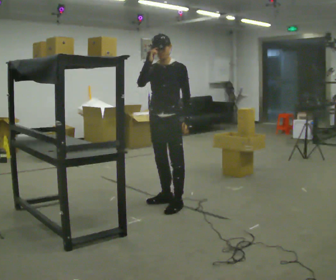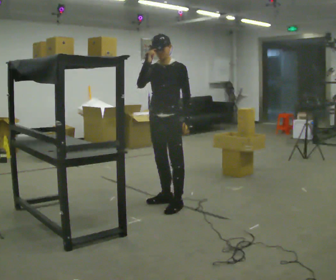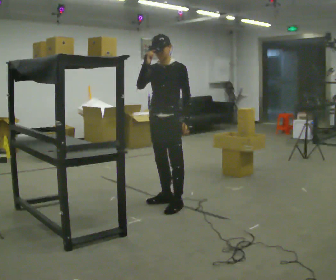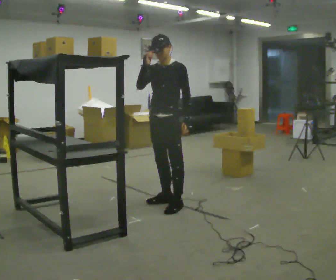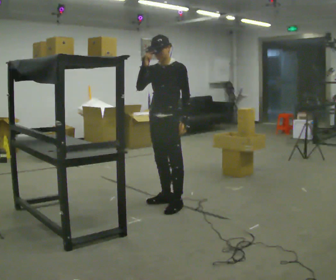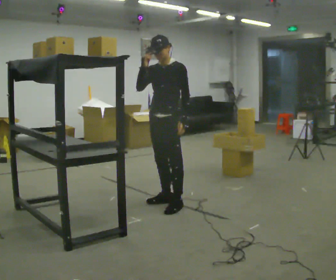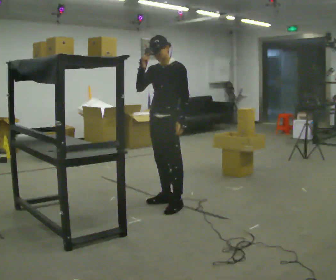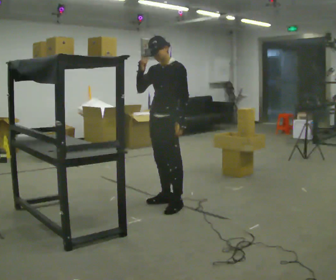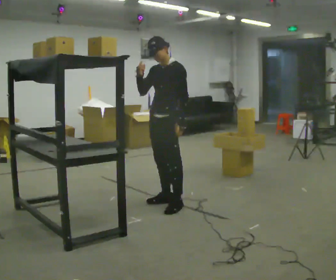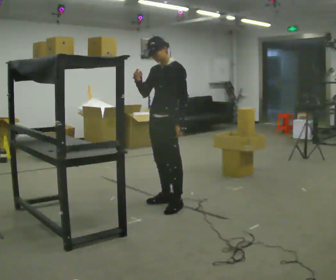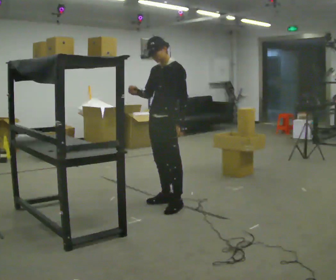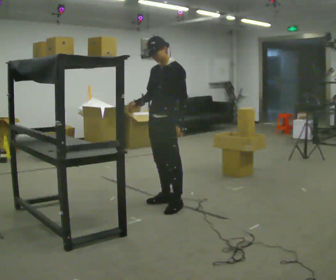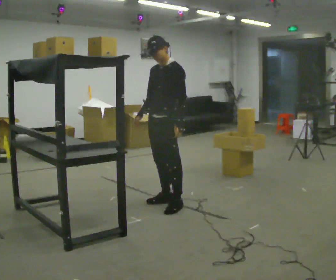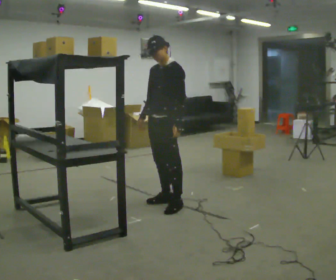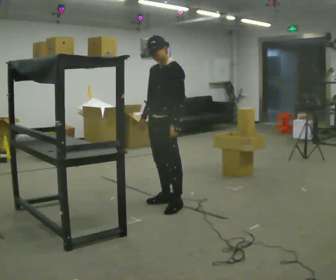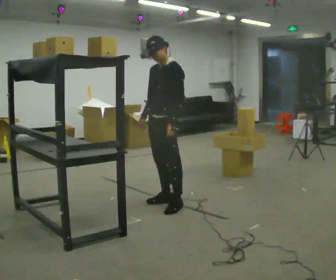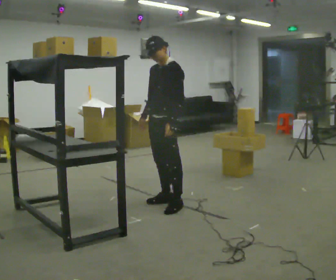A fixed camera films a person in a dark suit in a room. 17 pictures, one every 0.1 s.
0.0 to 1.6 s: Seen from above the body turns clockwise, about 30 degrees: to their right, with its near side sliding to the left. In the picture their right hand goes downward.
The film runs backward here.
